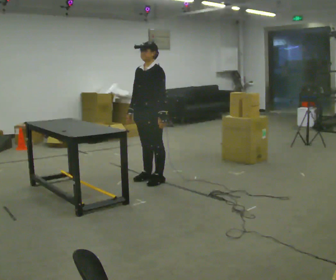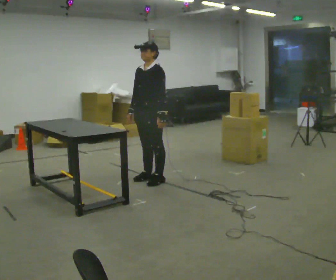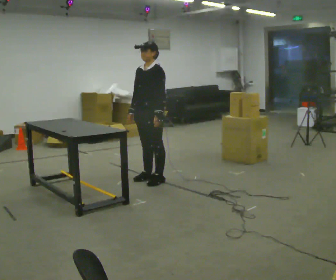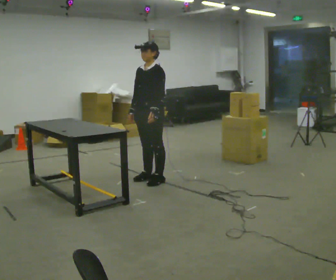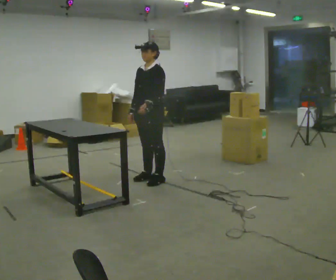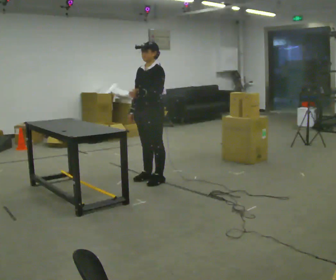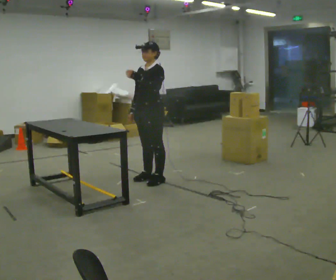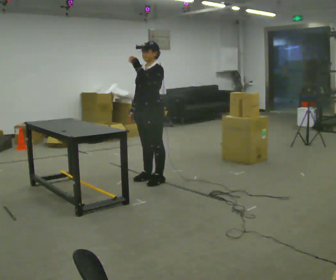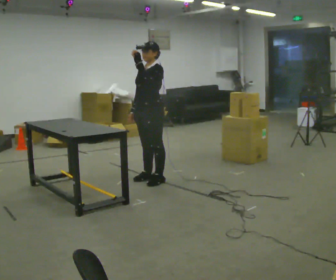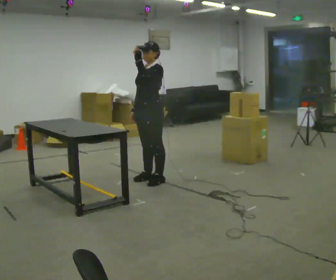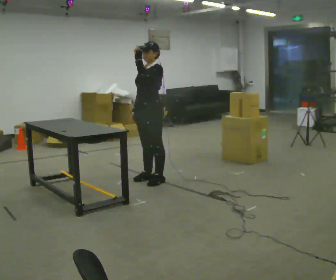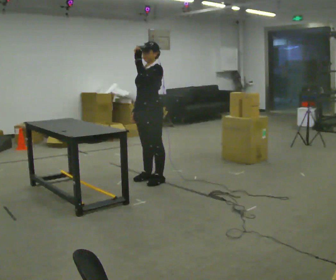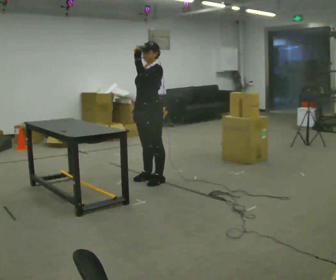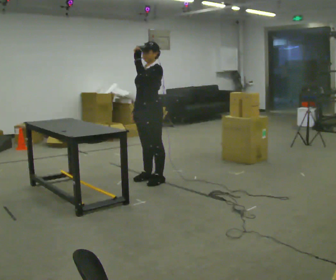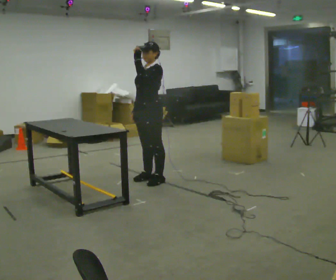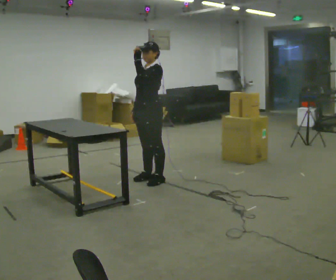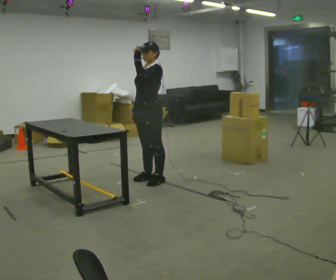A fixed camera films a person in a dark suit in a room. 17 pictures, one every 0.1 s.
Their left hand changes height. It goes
upward.
0.0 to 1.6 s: In the picture their left hand goes upward.
The film runs forward here.
